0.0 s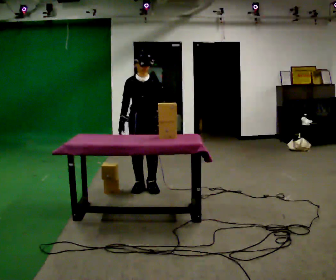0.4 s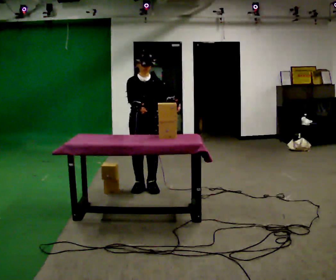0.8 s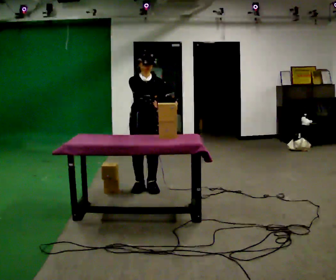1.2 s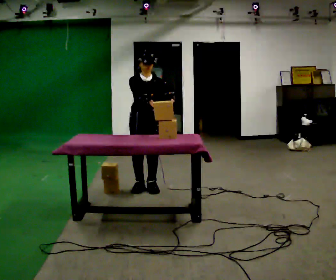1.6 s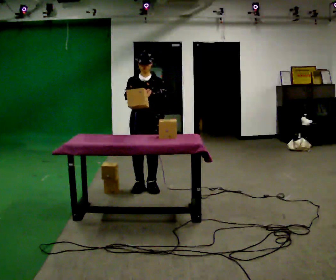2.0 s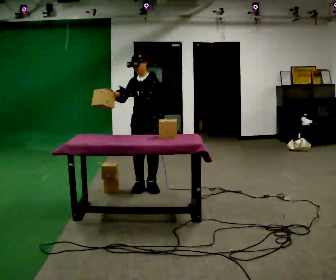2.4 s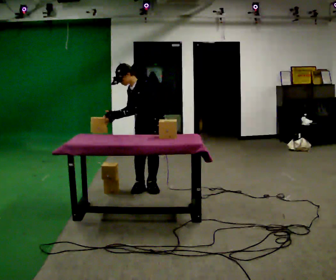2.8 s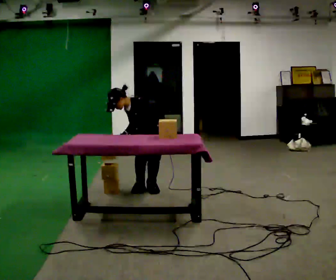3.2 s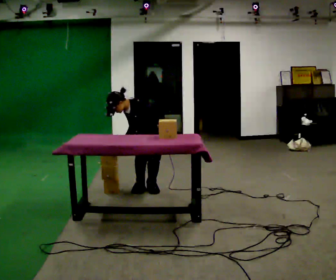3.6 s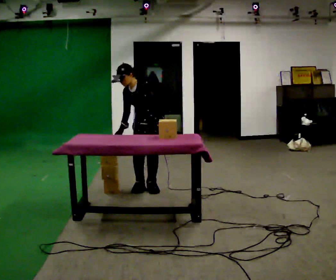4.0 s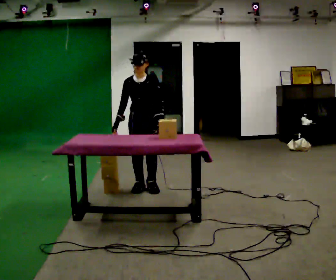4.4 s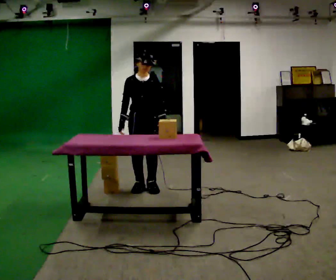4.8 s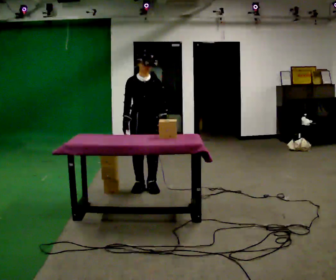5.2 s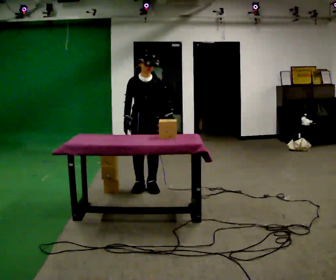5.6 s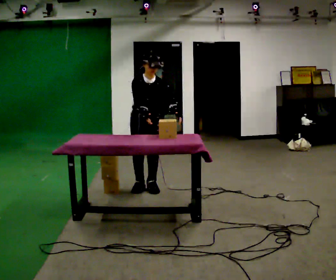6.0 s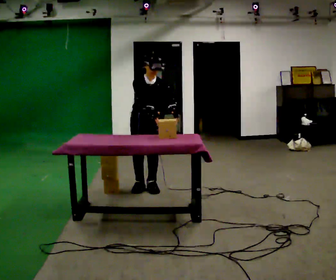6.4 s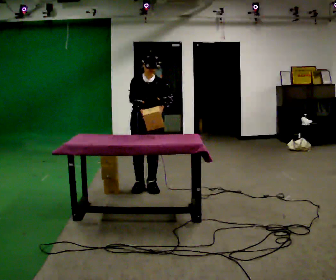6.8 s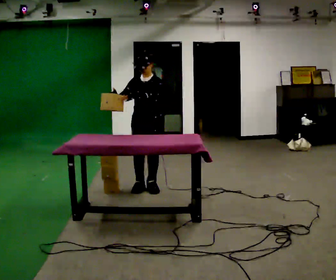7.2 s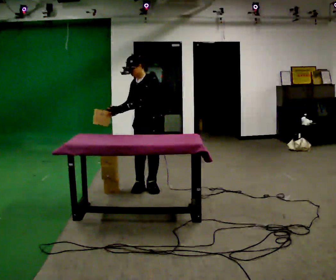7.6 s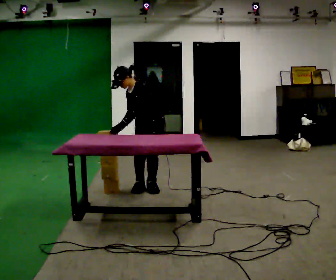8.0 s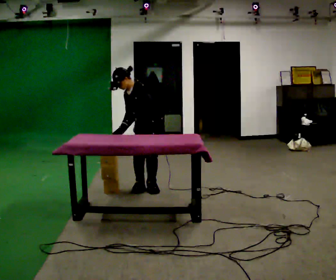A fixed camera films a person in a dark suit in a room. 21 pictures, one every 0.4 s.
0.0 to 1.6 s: In the picture their left hand goes upward.
1.6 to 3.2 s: The part of the body nearest the lens slides to the left as the person turns to their right by about 45 degrees. The upper body goes downward. In the picture the upper body tilts counterclockwise, shoulders to the left, as they bend forward. In the picture their right hand goes downward.
3.2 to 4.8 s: The part of the body nearest the lens slides to the right as the person turns to their left by about 45 degrees. The shoulders move upward. In the picture the upper body tilts clockwise, shoulders to the right, as they lean back or straighten. In the picture their left hand goes to the right.
4.8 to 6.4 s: The person moves a little, or ends about where they began.
6.4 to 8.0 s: The person turns about 45 degrees to their right, clockwise seen from above, so the part of the body nearest the lens slides to the left. In the picture the upper body tilts counterclockwise, shoulders to the left. In the picture their right hand goes downward.
The film runs forward here.
